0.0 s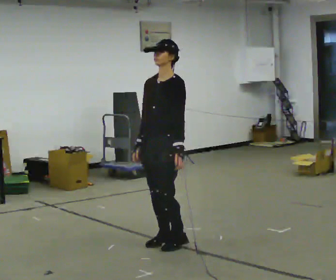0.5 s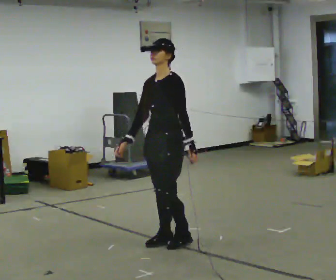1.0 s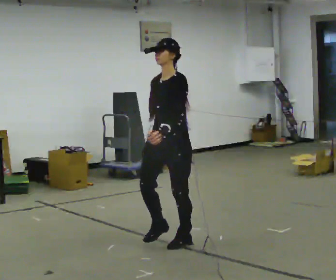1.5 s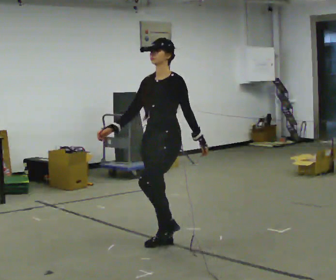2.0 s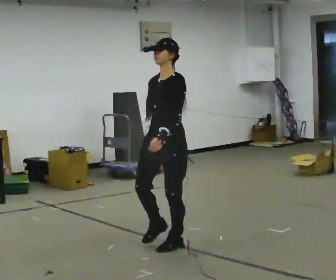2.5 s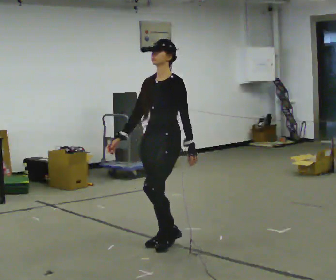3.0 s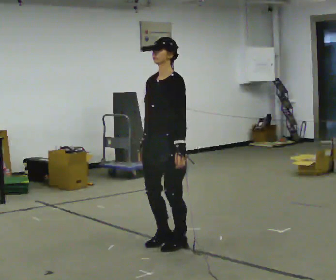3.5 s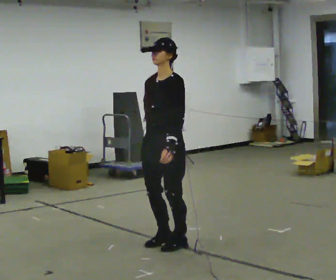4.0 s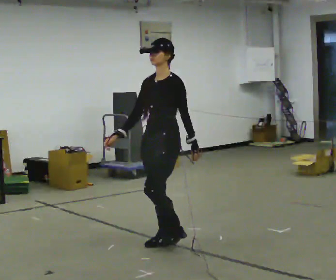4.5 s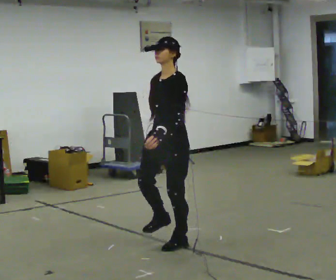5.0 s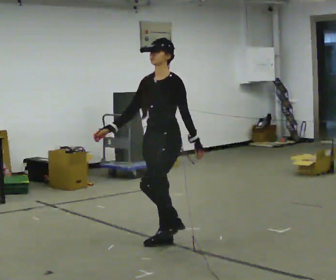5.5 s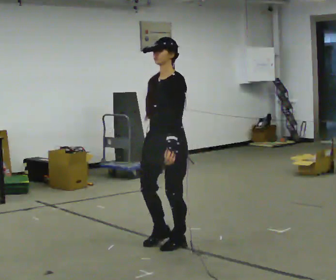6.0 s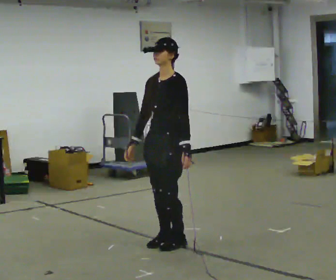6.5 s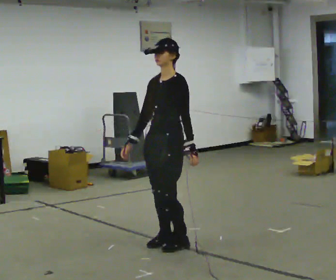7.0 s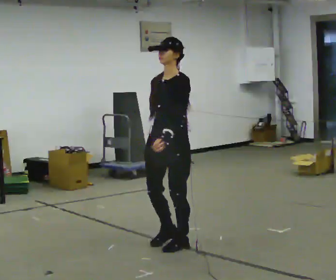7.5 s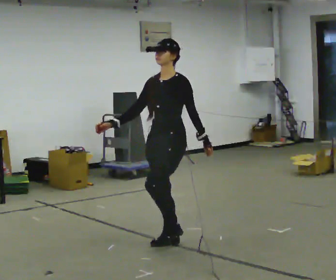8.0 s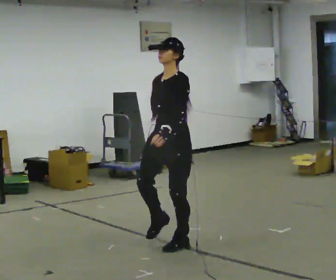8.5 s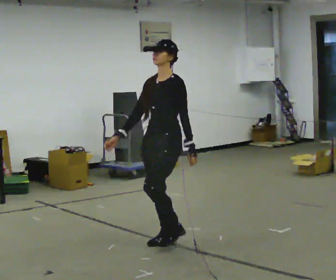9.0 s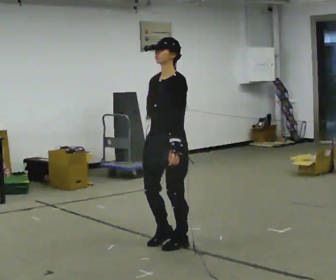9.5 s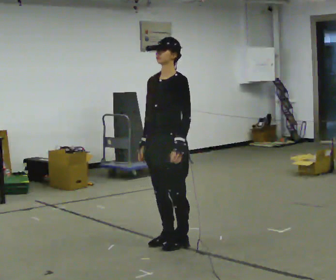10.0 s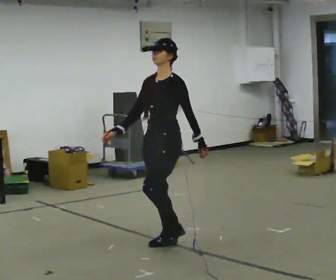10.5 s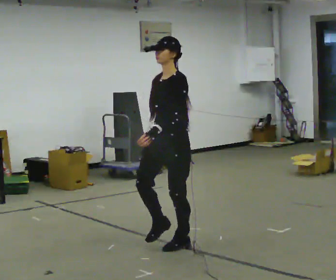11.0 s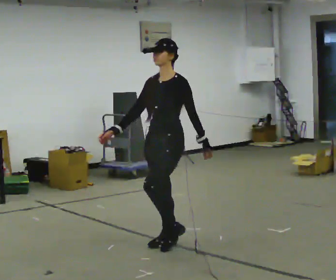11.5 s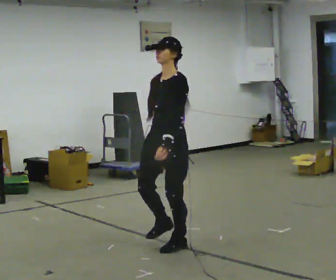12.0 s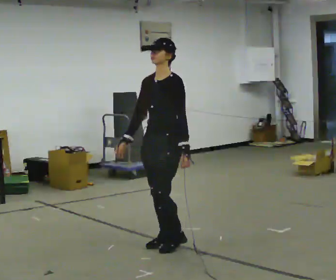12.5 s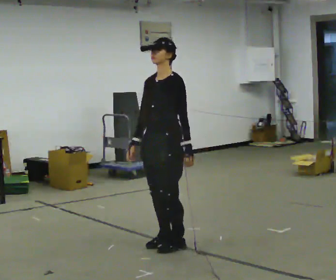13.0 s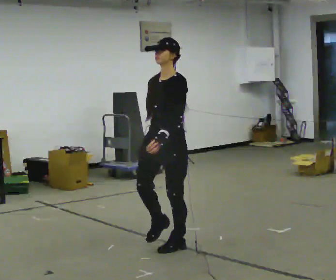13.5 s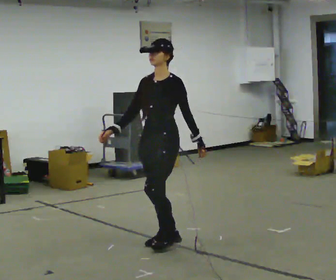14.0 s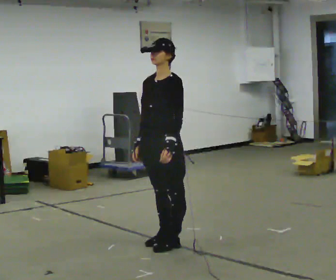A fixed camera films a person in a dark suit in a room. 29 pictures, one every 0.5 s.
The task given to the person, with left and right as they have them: March in place at a comfortable rhythm without moving forward; stop.
0.0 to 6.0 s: The person moves a little, or ends about where they began.
6.0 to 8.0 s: In the picture their right hand goes to the right.
8.0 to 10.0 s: In the picture their right hand goes to the left.
10.0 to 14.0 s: The person moves a little, or ends about where they began.
The film runs forward here.
